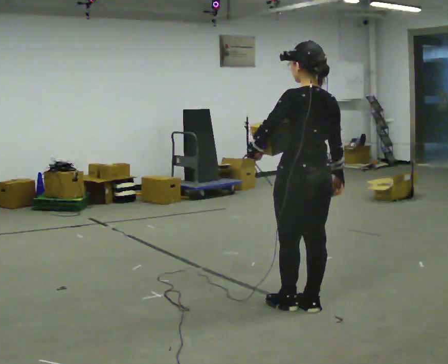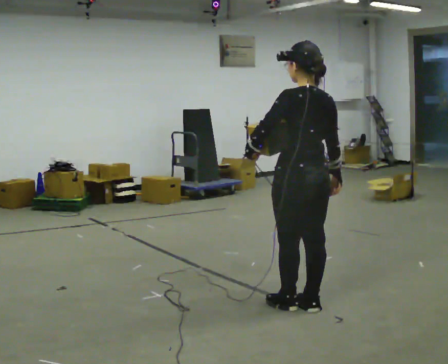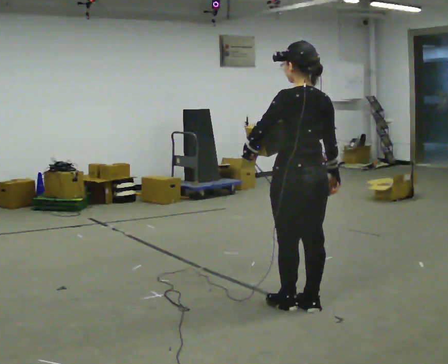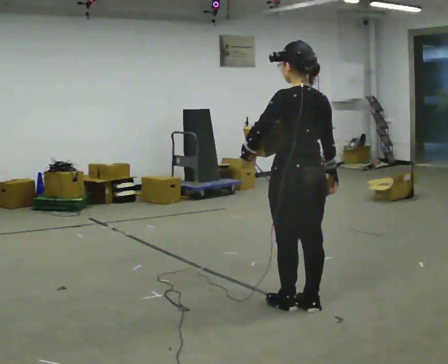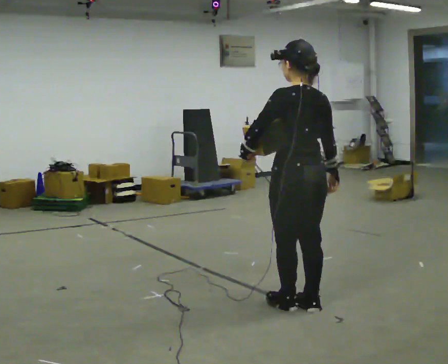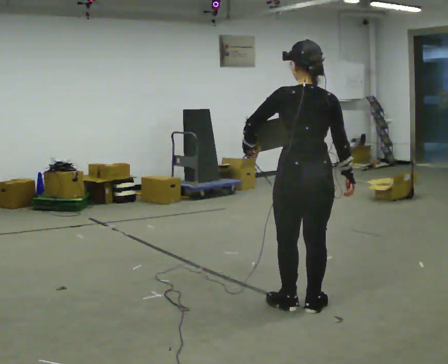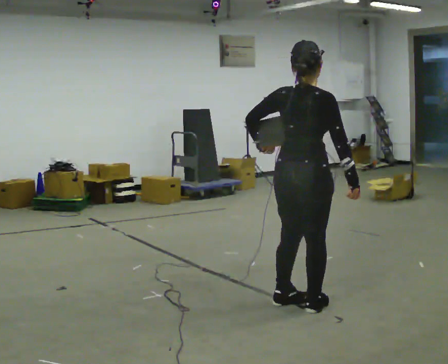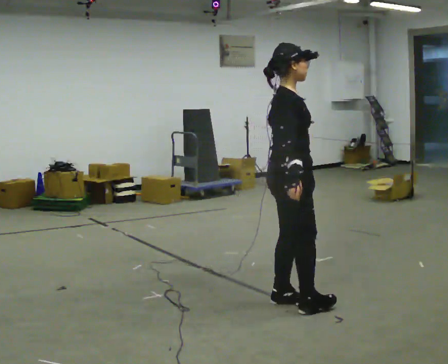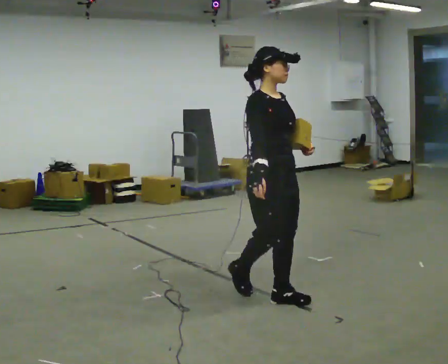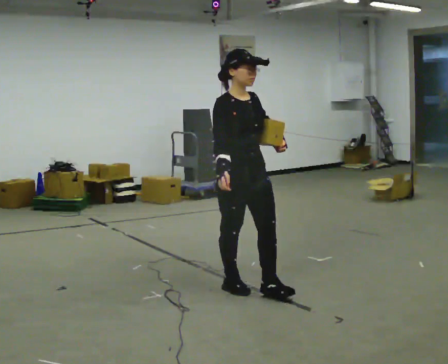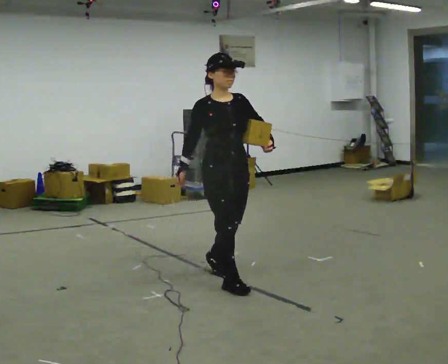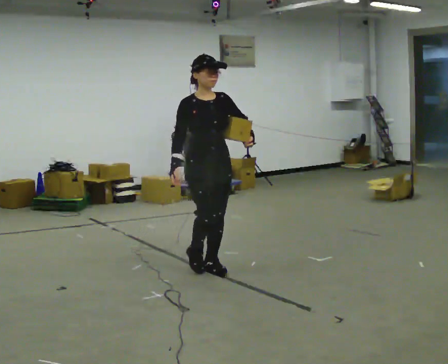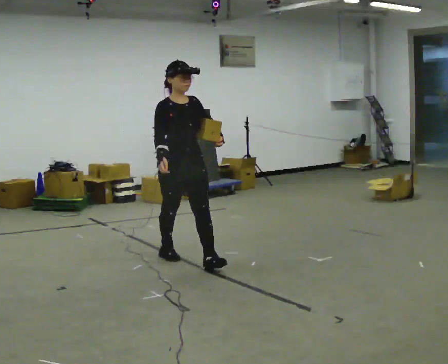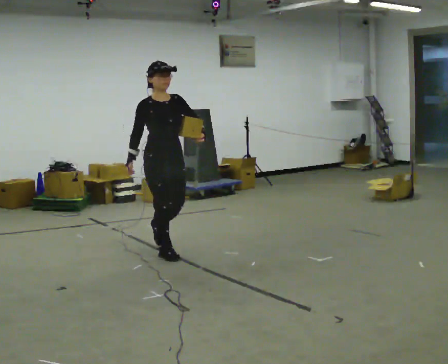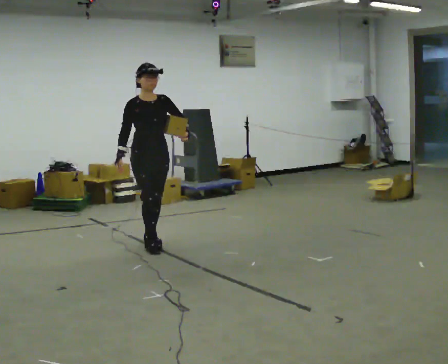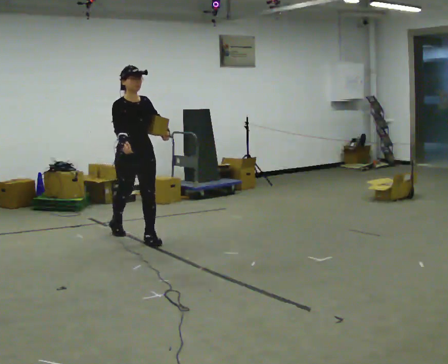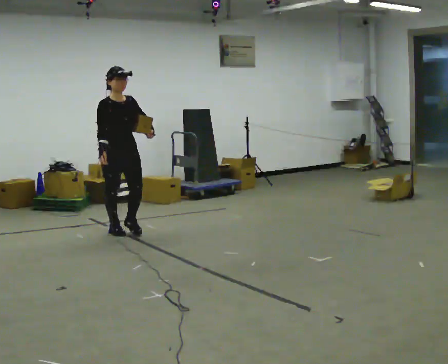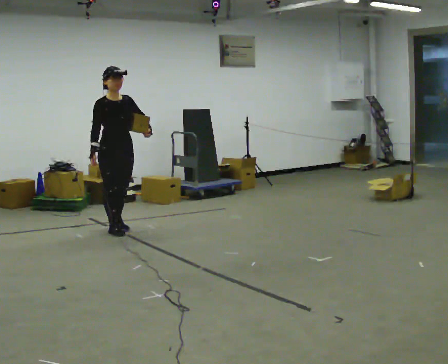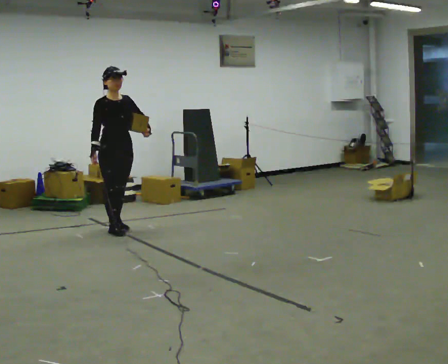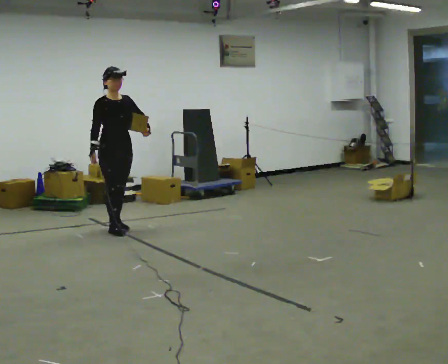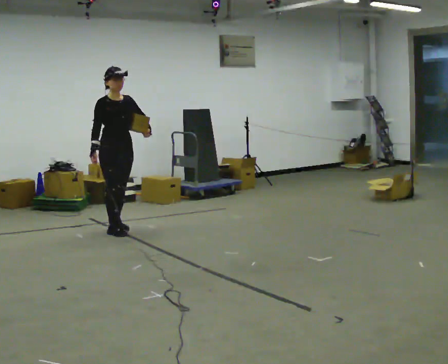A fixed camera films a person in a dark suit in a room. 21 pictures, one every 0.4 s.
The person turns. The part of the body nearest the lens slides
to the left.
The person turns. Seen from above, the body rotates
clockwise.
0.0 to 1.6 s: The person moves a little, or ends about where they began.
1.6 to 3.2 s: The person turns about 165 degrees to their right, clockwise seen from above, so the part of the body nearest the lens slides to the left. In the picture they go to the left and away from the camera, about 0.25 m in 2 steps.
3.2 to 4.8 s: In the picture they go away from the camera and to the left, about 1 m in 3 steps, which for them is backward.
4.8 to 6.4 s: In the picture they go to the left and away from the camera, about 1 m in 2 steps, which for them is backward.
6.4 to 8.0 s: In the picture they go away from the camera, about 0.25 m, which for them is backward.
The film runs backward here.
